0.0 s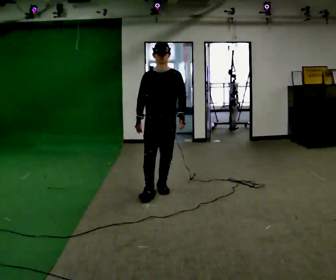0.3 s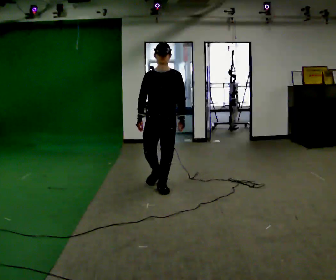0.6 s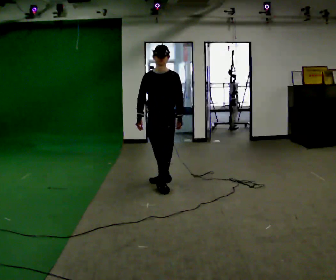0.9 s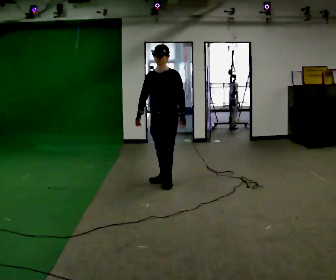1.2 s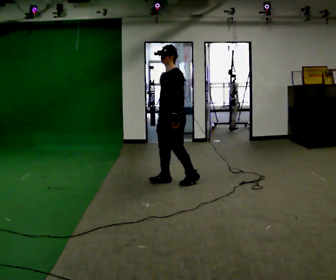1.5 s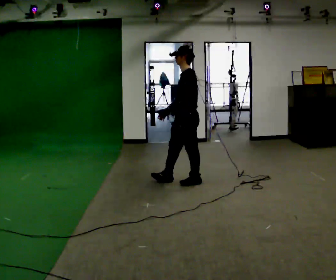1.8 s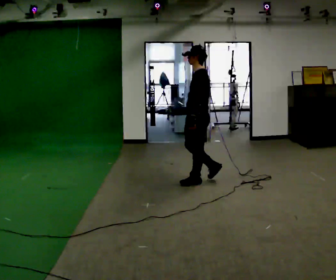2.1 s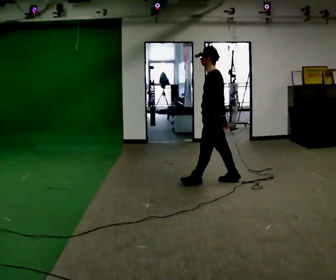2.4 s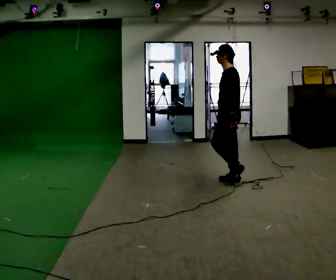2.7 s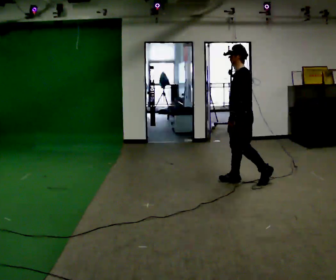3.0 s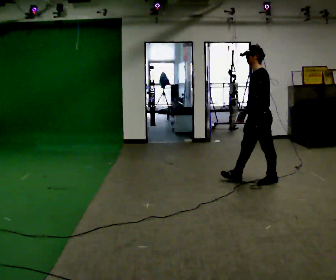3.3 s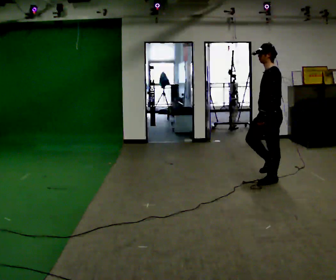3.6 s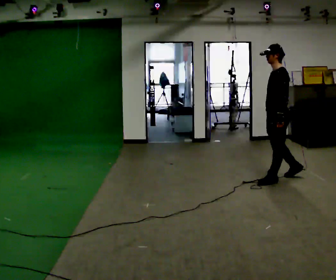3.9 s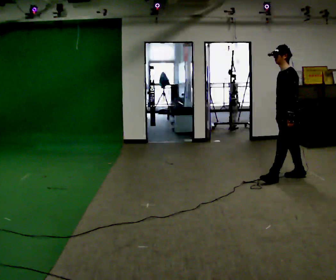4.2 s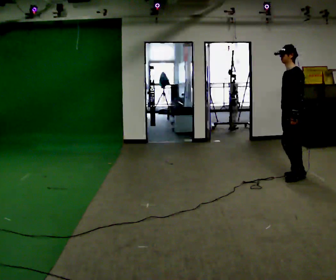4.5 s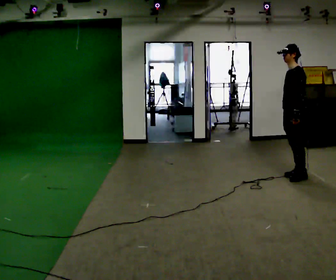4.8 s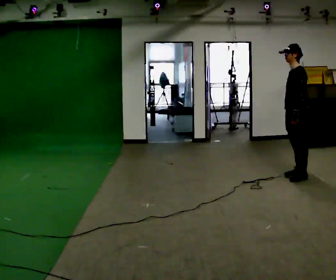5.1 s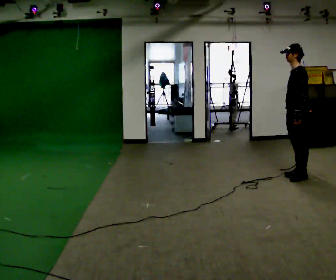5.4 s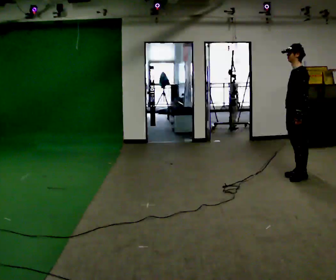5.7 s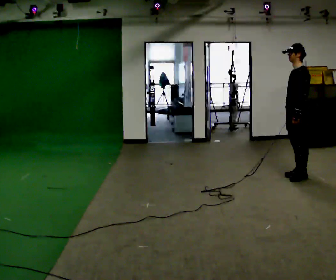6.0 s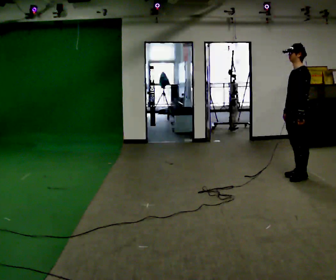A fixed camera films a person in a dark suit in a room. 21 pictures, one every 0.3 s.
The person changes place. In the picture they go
to the right.
0.0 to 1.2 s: The person turns about 60 degrees to their right, clockwise seen from above, so the part of the body nearest the lens slides to the left. In the picture they go away from the camera, about 0.5 m in 1 step.
1.2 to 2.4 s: Seen from above the body turns clockwise, about 30 degrees: to their right, with its near side sliding to the left. In the picture they go to the right, about 0.5 m in 2 steps, which for them is backward.
2.4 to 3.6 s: In the picture they go to the right, about 0.5 m in 1 step, which for them is backward.
3.6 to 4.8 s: In the picture they go to the right, about 0.25 m in 1 step, which for them is backward.
4.8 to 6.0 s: The person moves a little, or ends about where they began.
The film runs backward here.
